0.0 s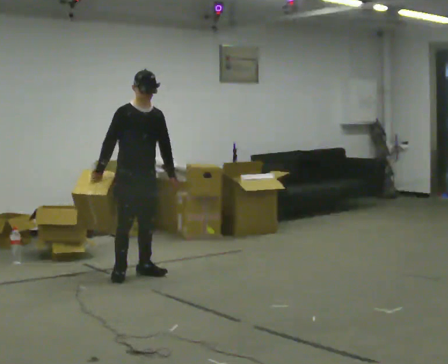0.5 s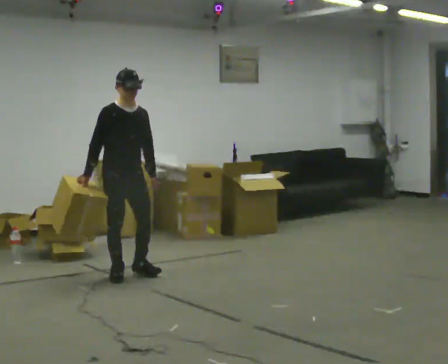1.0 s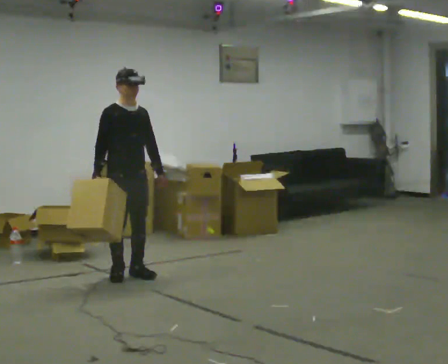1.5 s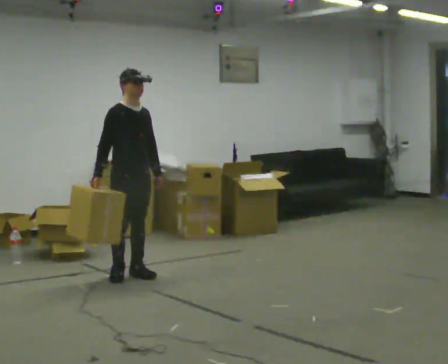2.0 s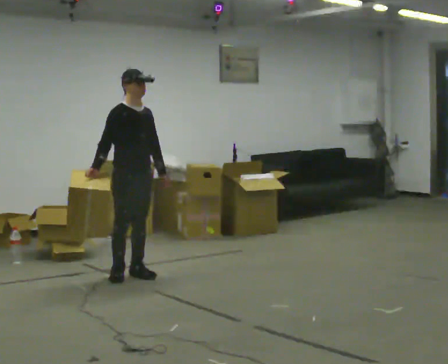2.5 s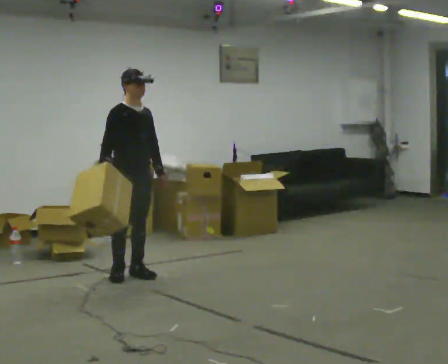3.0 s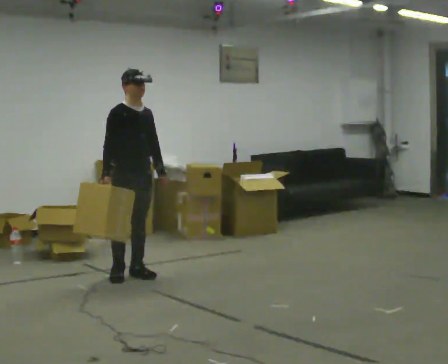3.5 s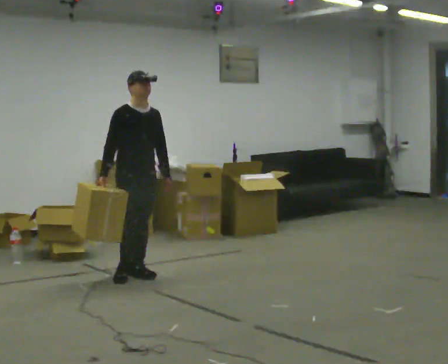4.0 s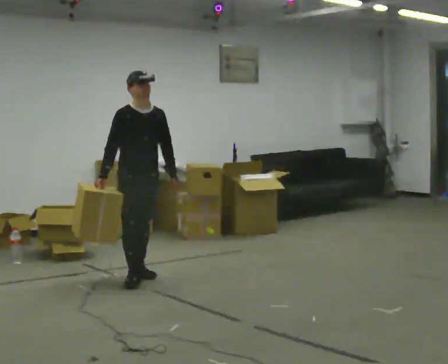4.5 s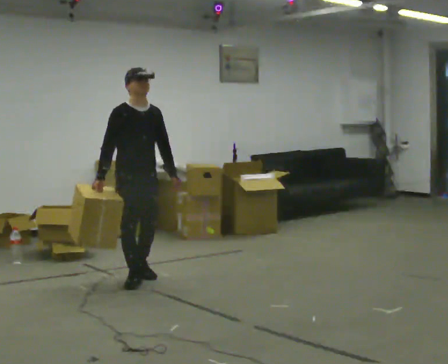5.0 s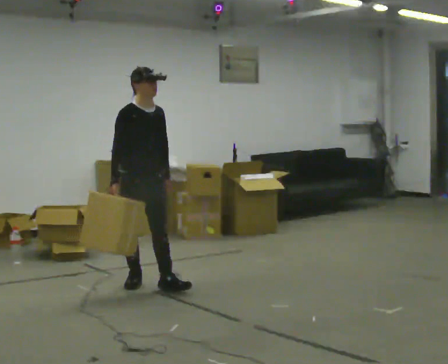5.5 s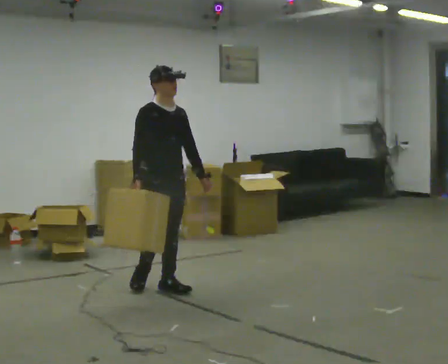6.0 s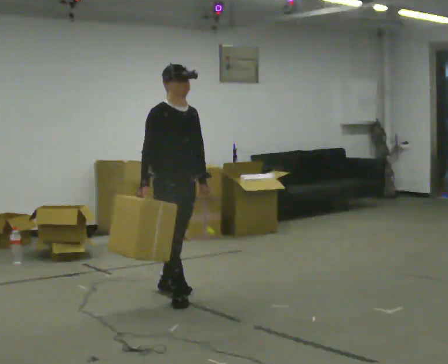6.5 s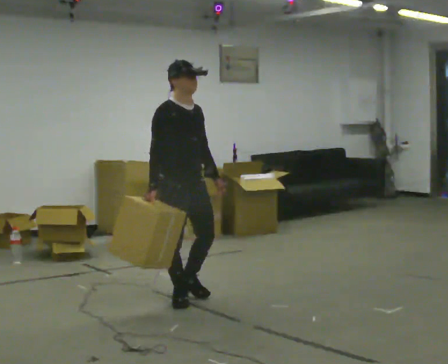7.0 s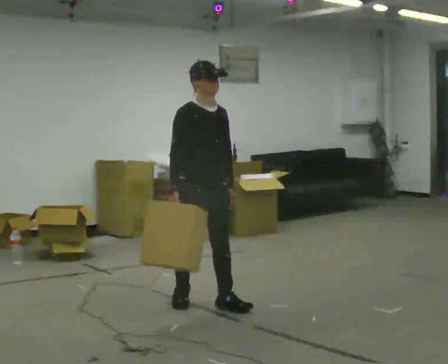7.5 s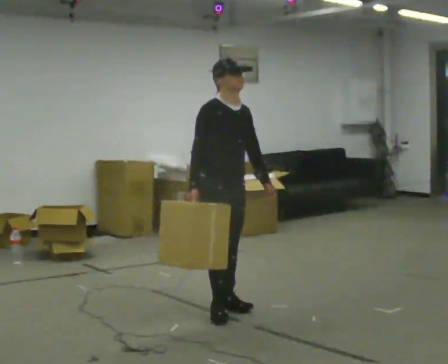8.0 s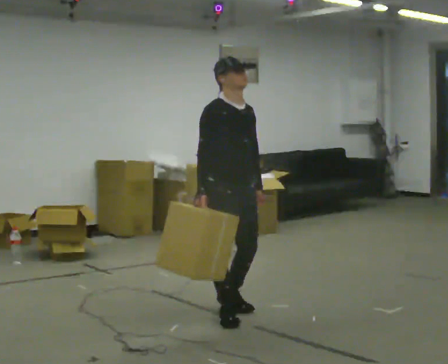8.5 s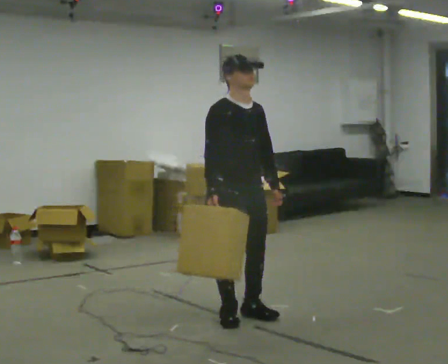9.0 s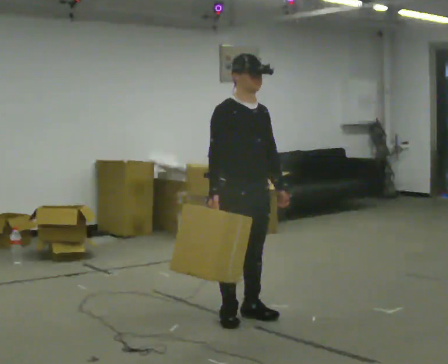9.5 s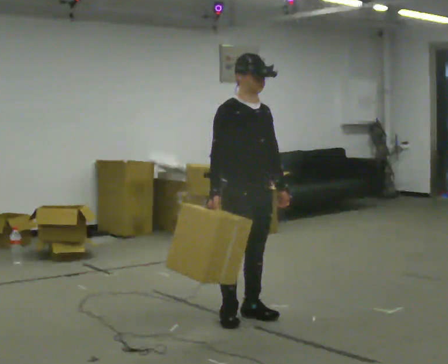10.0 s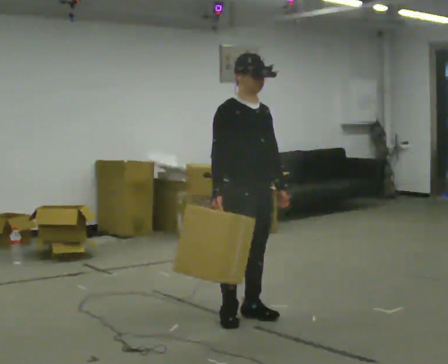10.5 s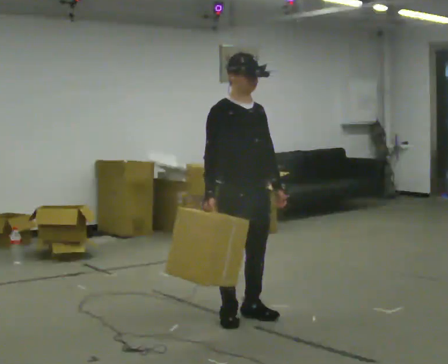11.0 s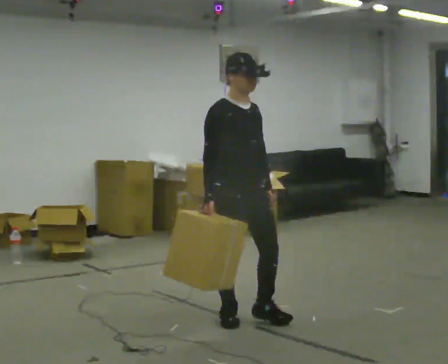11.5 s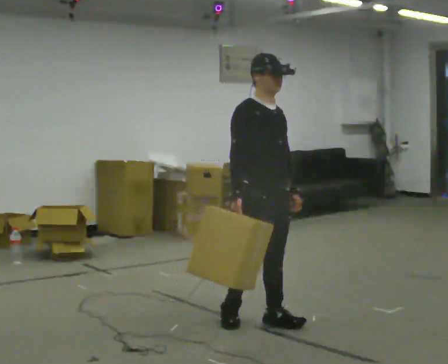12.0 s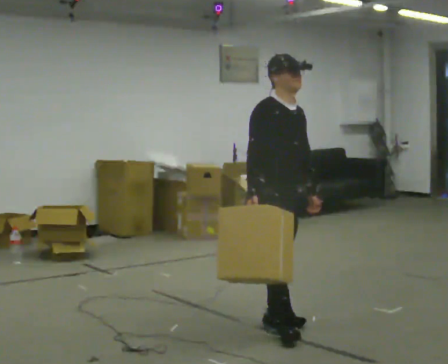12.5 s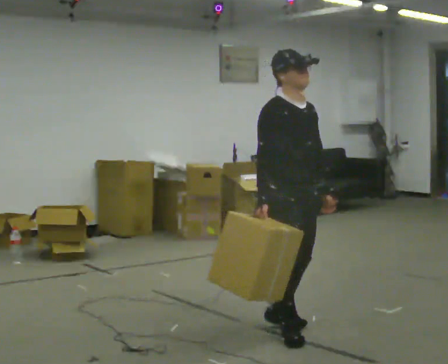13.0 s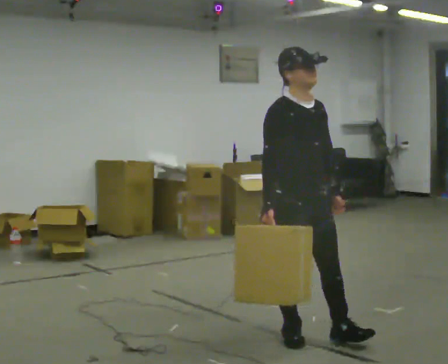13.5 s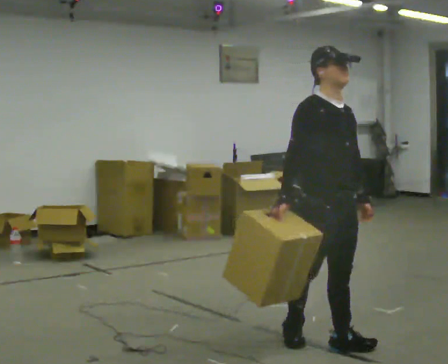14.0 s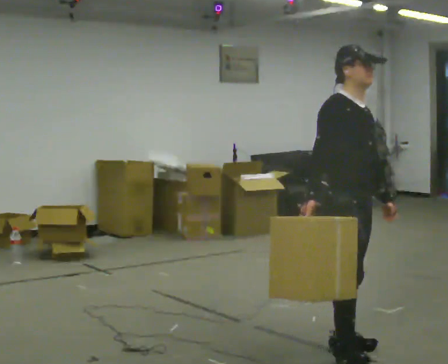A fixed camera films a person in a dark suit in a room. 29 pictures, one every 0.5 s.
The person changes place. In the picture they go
toward the camera.
0.0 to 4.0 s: The person moves a little, or ends about where they began.
4.0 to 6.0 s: In the picture they go toward the camera and to the right, about 0.75 m in 2 steps, which for them is forward.
6.0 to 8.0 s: In the picture they go toward the camera and to the right, about 0.75 m in 2 steps, which for them is forward.
8.0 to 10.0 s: The person moves a little, or ends about where they began.
10.0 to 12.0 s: In the picture they go toward the camera and to the right, about 0.25 m in 1 step, which for them is forward.
12.0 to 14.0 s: In the picture they go toward the camera and to the right, about 0.5 m in 2 steps, which for them is forward.
The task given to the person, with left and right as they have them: Carry the box across the room, stopping and starting again each time the operator says stop and go. Do not set the box down.
The film runs forward here.
